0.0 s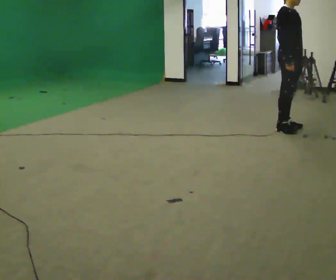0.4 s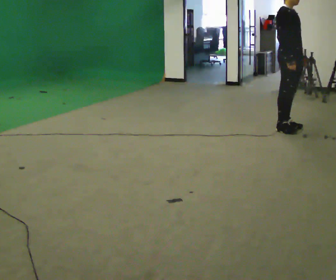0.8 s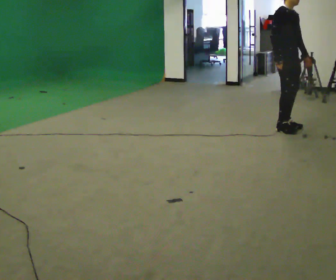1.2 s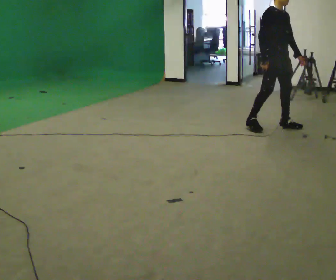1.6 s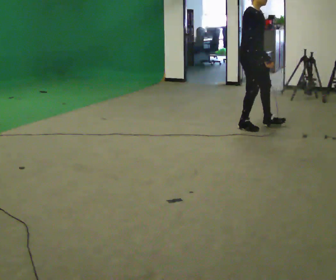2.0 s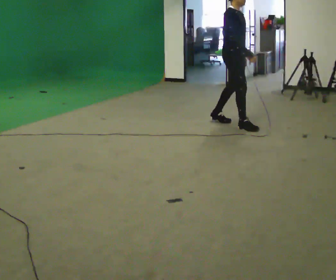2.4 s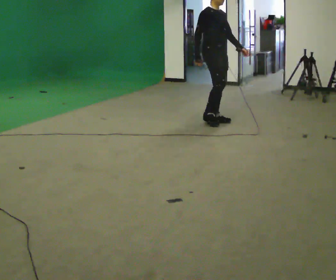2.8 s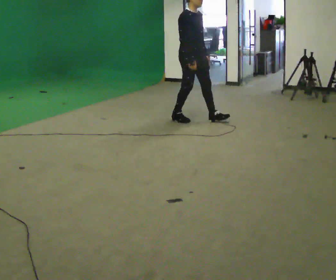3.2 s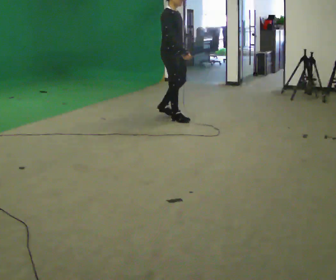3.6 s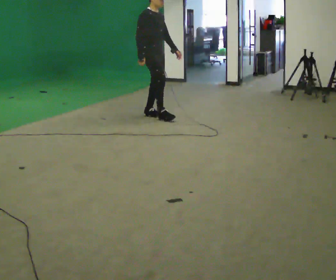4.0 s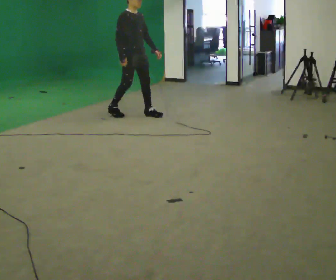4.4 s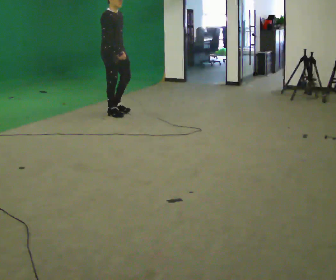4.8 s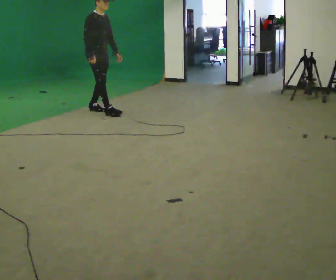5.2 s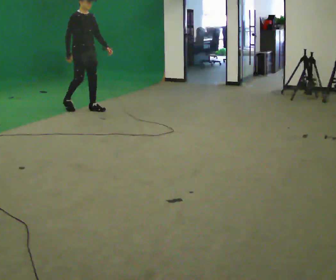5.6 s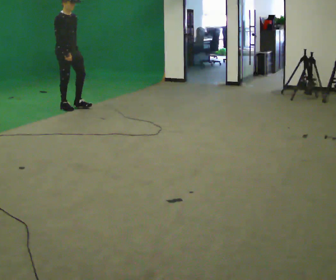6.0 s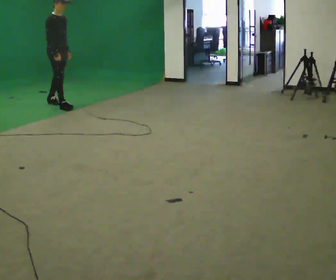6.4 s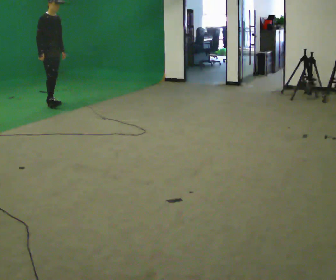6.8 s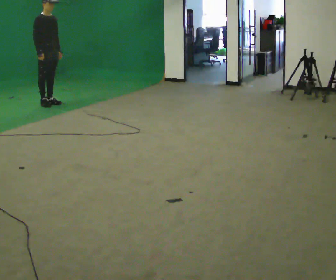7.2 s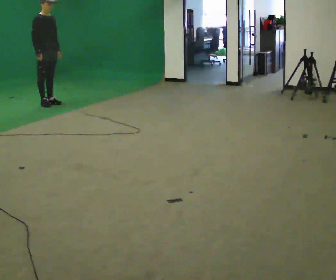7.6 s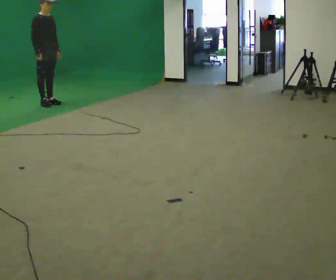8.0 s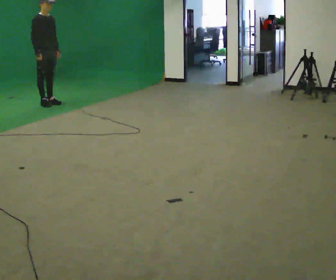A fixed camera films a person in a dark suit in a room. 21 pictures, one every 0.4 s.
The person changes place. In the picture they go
to the left.
0.0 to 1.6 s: In the picture they go to the left and away from the camera, about 0.5 m in 1 step, which for them is backward and to their right.
1.6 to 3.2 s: In the picture they go to the left and away from the camera, about 1 m in 2 steps, which for them is backward.
3.2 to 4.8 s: In the picture they go to the left and away from the camera, about 1 m in 3 steps, which for them is backward.
4.8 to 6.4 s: In the picture they go to the left and away from the camera, about 1 m in 2 steps, which for them is backward.
6.4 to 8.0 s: The person moves a little, or ends about where they began.
The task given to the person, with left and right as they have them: Walk backward slowly; stop.
The film runs forward here.
